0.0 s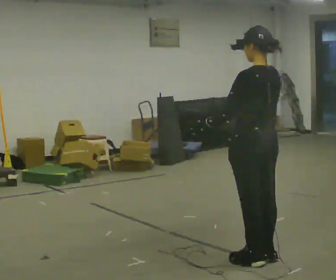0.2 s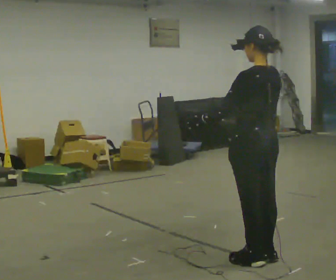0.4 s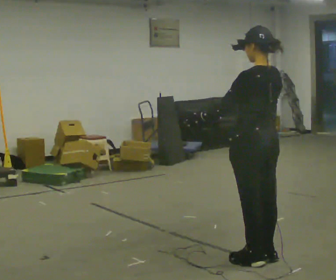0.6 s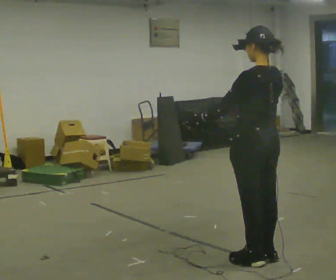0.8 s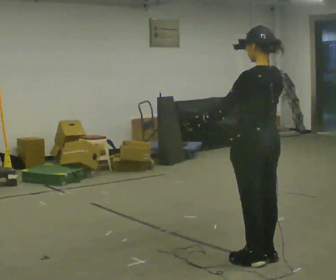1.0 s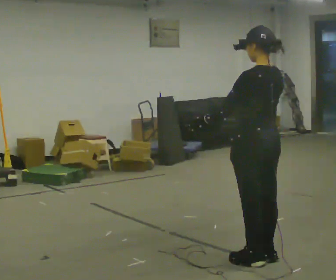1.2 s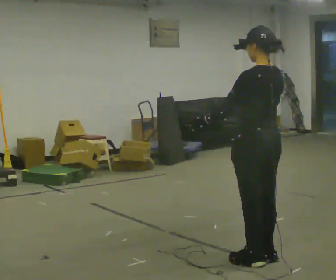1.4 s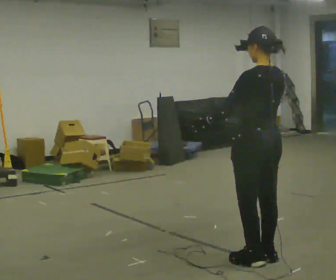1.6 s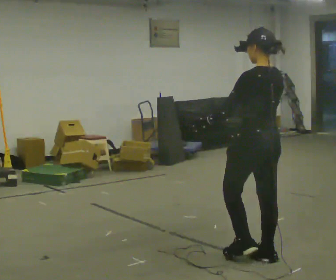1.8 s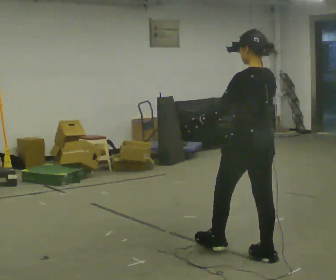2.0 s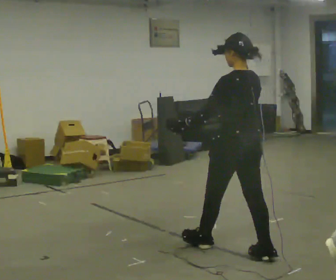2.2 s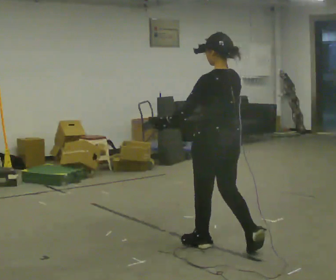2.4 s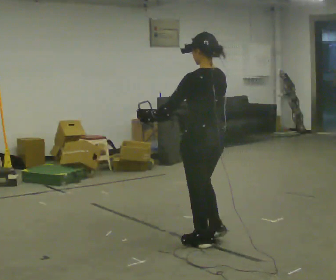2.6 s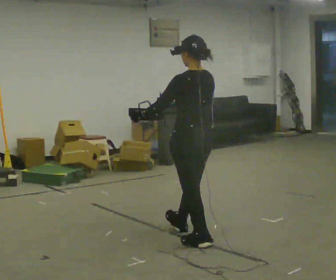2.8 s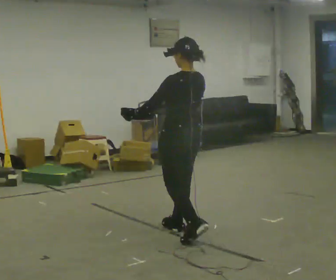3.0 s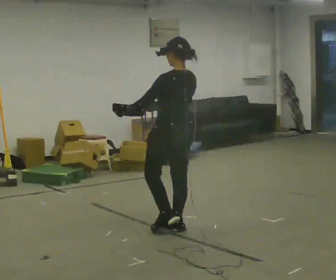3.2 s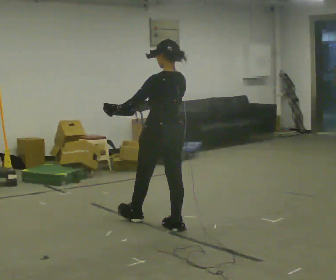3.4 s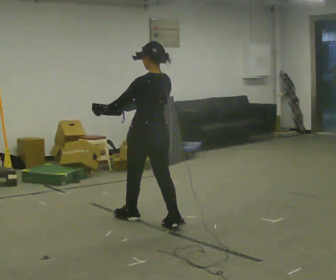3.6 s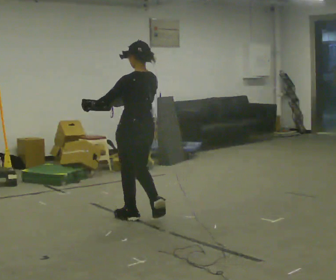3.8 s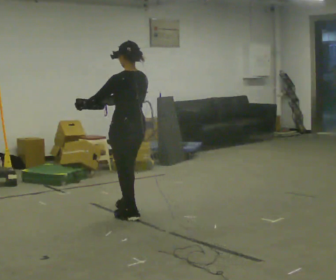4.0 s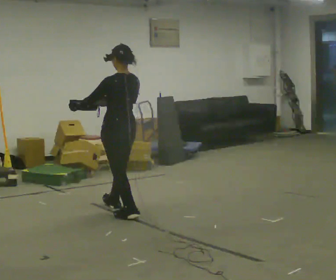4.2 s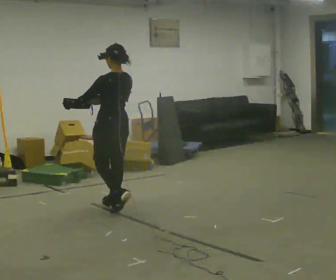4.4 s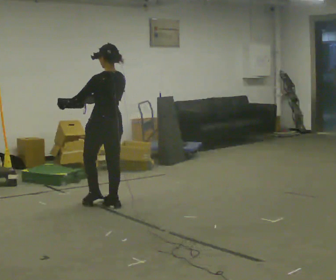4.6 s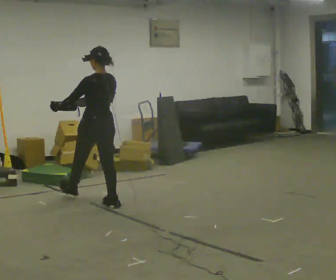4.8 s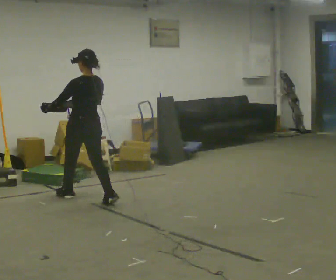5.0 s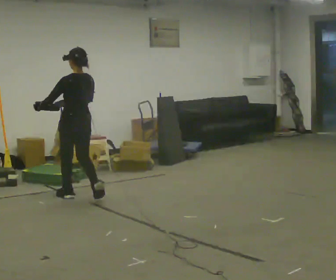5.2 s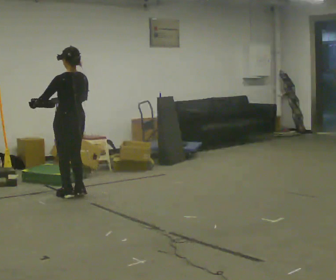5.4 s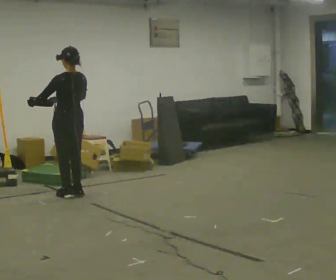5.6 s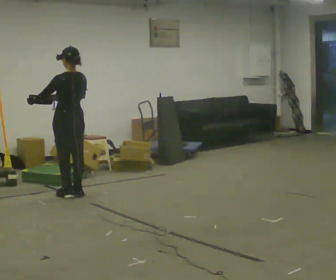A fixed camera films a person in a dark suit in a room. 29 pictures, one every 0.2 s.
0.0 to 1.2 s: The person moves a little, or ends about where they began.
1.2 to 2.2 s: In the picture they go away from the camera and to the left, about 0.5 m in 1 step, which for them is forward.
2.2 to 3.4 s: In the picture they go away from the camera and to the left, about 1 m in 2 steps, which for them is forward.
3.4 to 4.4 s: In the picture they go away from the camera and to the left, about 0.5 m in 1 step, which for them is forward.
4.4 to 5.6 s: In the picture they go to the left and away from the camera, about 0.5 m in 2 steps, which for them is forward.
The film runs forward here.
